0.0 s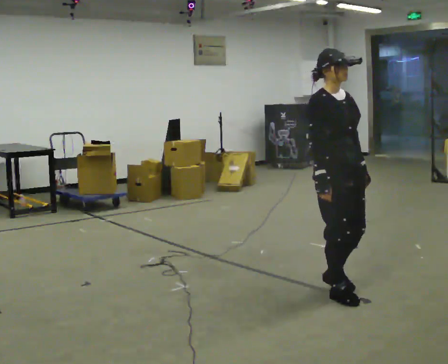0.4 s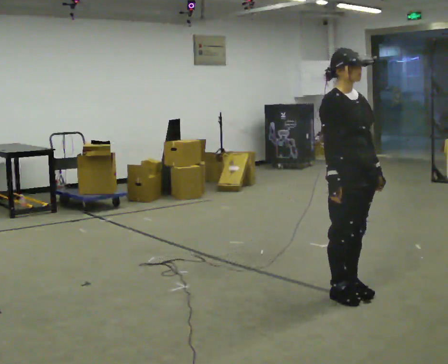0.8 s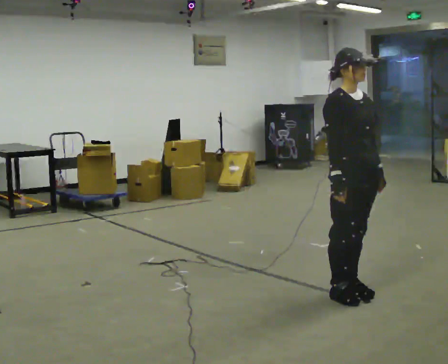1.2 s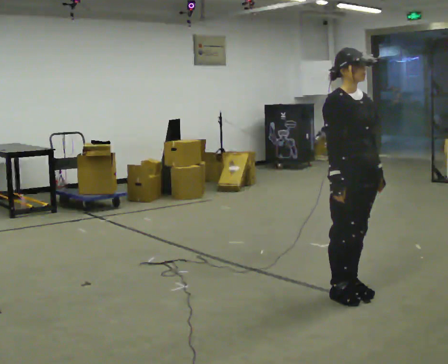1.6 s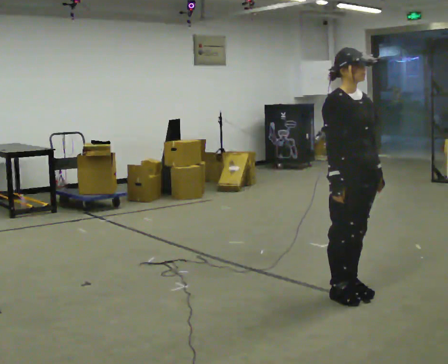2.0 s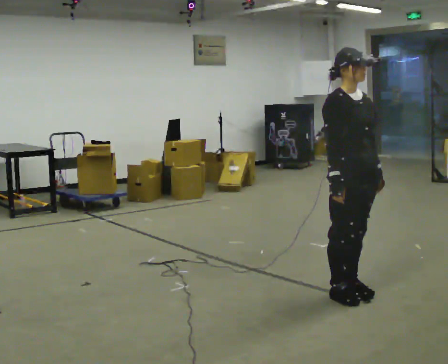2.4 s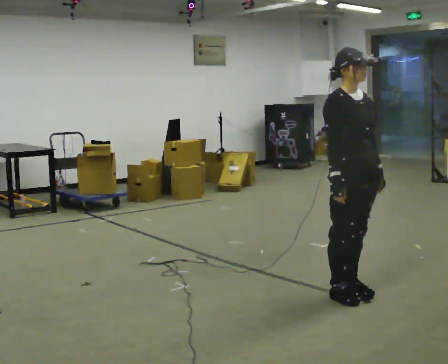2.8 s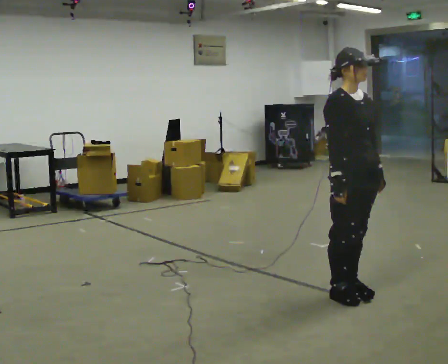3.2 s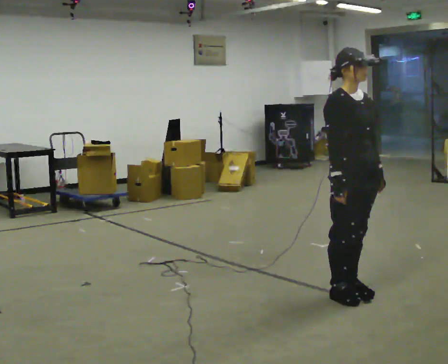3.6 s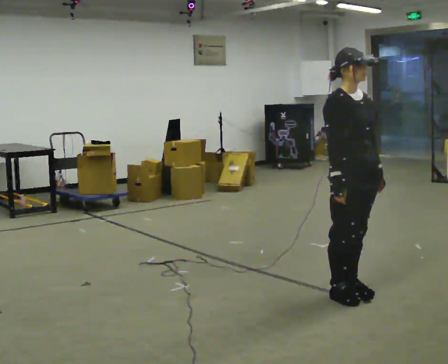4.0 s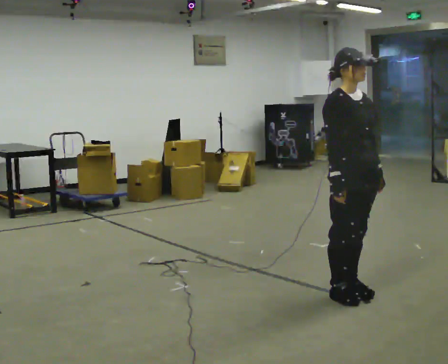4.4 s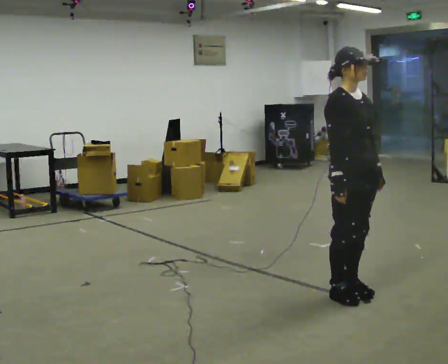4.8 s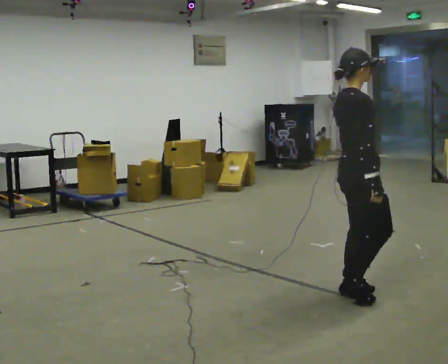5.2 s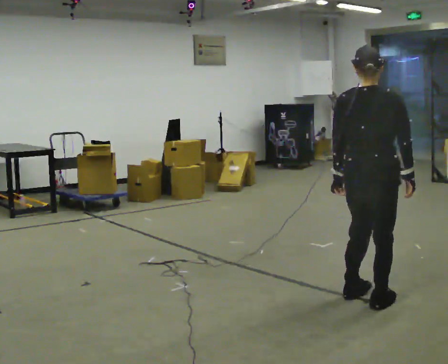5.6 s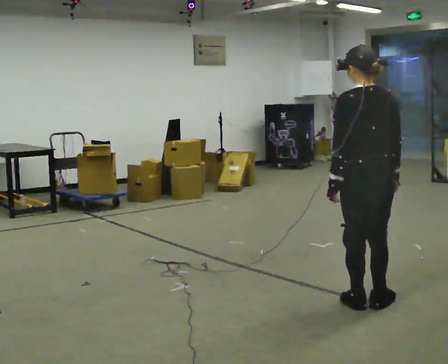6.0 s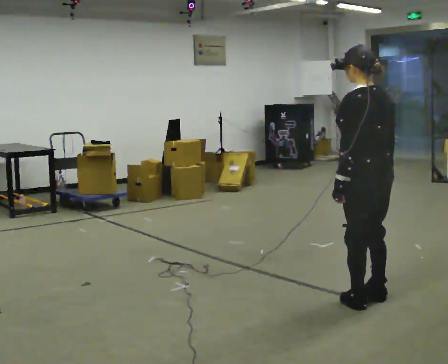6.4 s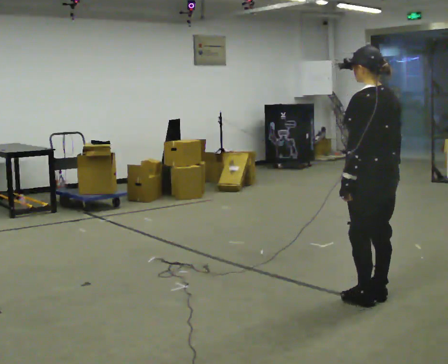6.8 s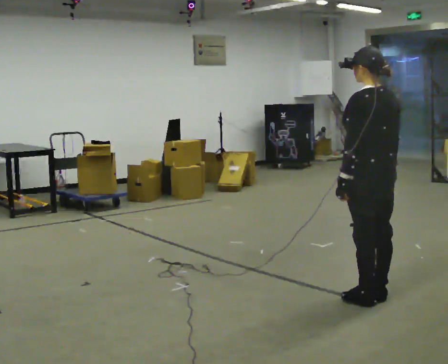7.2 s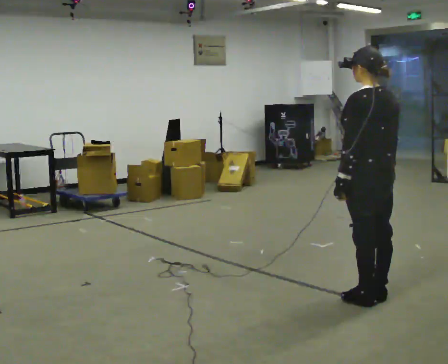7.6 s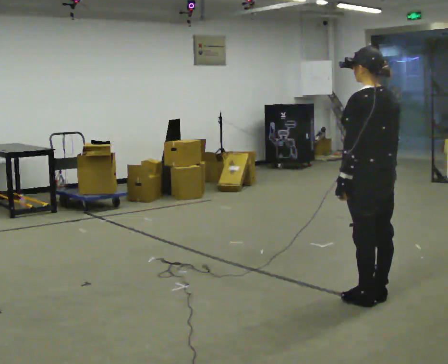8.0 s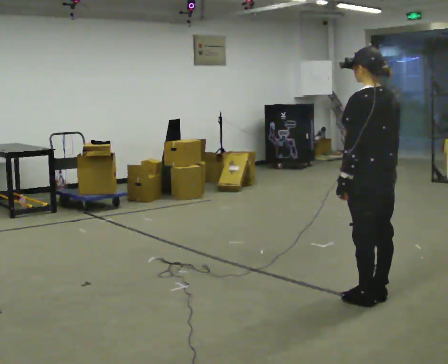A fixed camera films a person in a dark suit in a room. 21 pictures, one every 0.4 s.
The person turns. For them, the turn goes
to their left.
The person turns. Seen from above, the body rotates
counterclockwise.
0.0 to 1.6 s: The person moves a little, or ends about where they began.
1.6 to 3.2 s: The person keeps their place and pose.
3.2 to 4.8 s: The part of the body nearest the lens slides to the right as the person turns to their left by about 60 degrees.
4.8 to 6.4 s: Seen from above the body turns counterclockwise, about 120 degrees: to their left, with its near side sliding to the right. In the picture they go to the right, about 0.25 m in 2 steps.
6.4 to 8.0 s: The person moves a little, or ends about where they began.
The film runs forward here.
